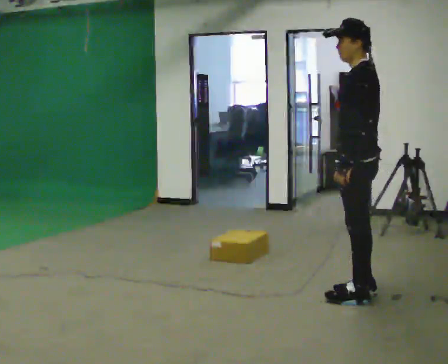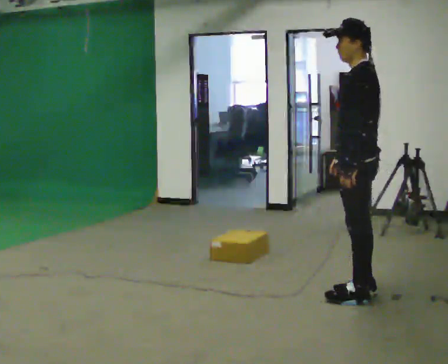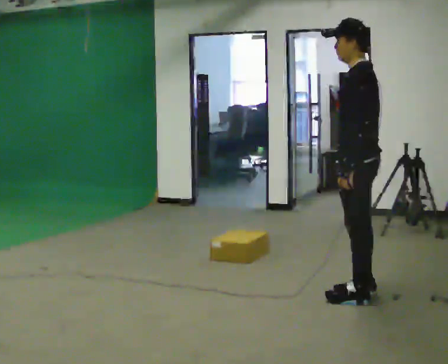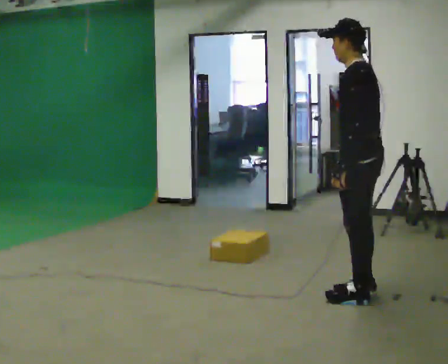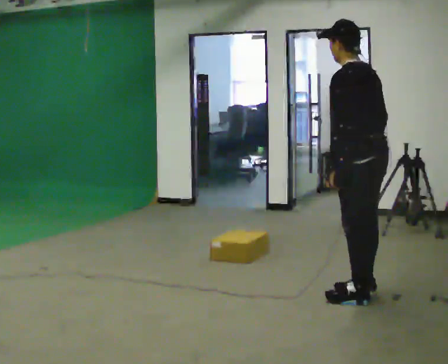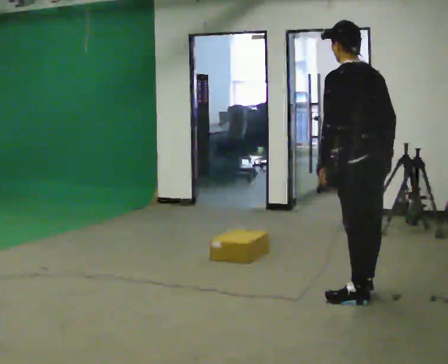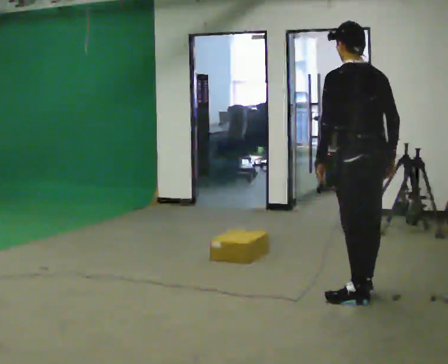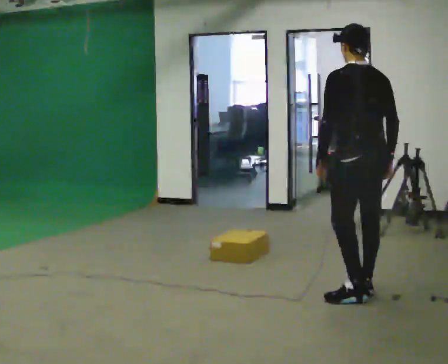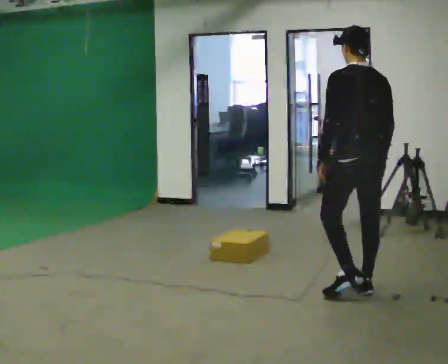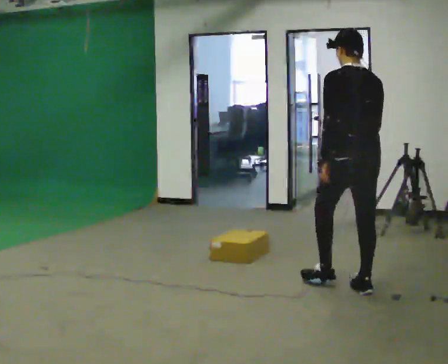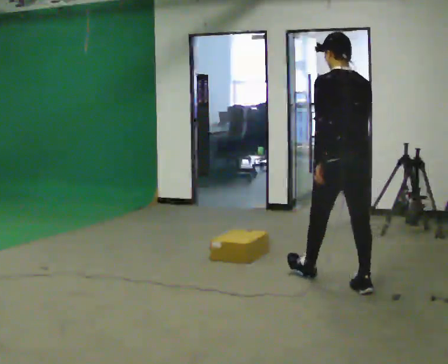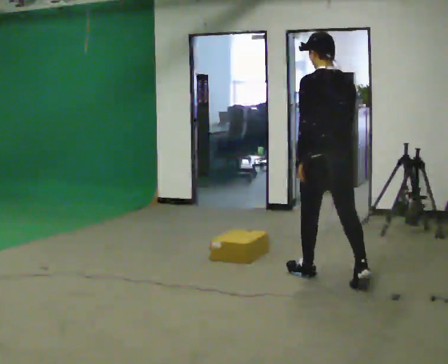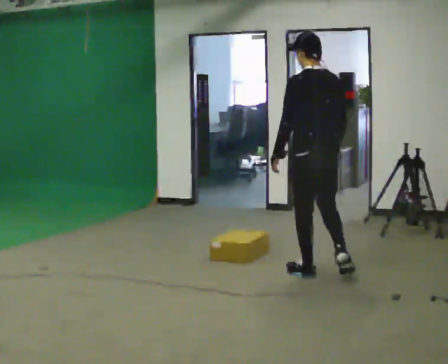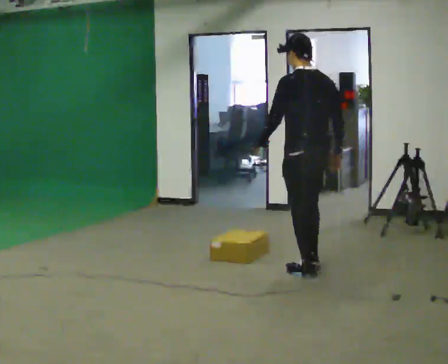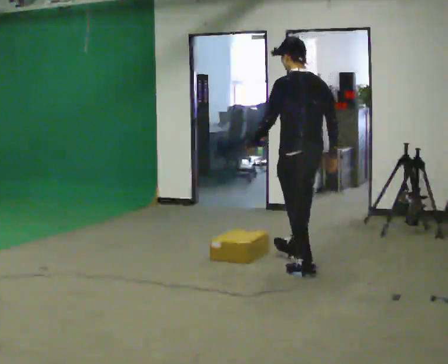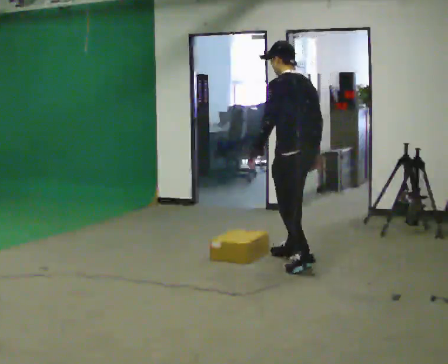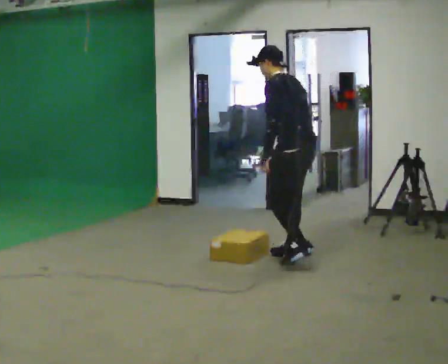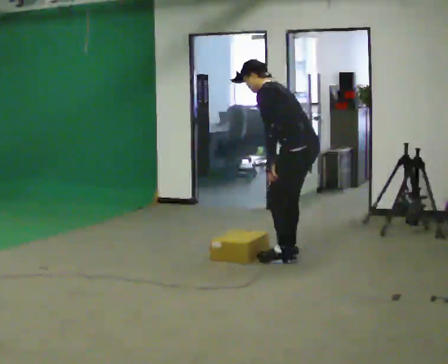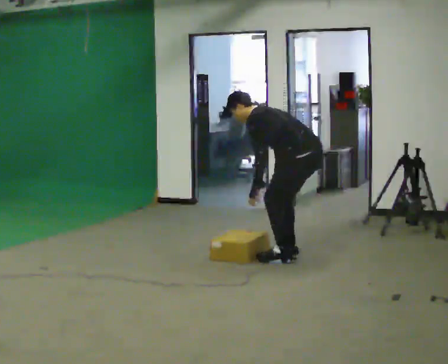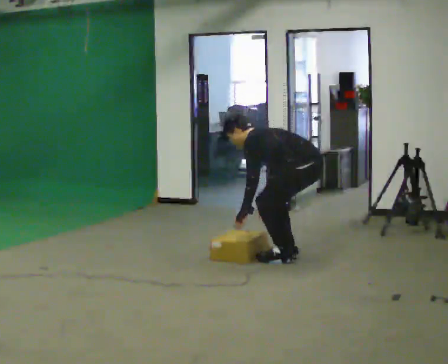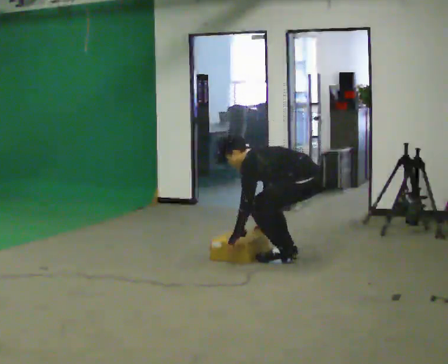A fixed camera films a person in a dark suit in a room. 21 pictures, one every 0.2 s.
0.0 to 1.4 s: The part of the body nearest the lens slides to the left as the person turns to their right by about 60 degrees.
1.4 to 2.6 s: In the picture they go away from the camera and to the left, about 0.75 m in 1 step, which for them is forward.
2.6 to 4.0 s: Seen from above the body turns counterclockwise, about 45 degrees: to their left, with its near side sliding to the right. In the picture they go away from the camera, about 0.5 m in 2 steps, which for them is to their right and forward. The shoulders move downward. In the picture the upper body tilts counterclockwise, shoulders to the left, as they bend forward. In the picture their left hand goes downward.
The film runs forward here.
